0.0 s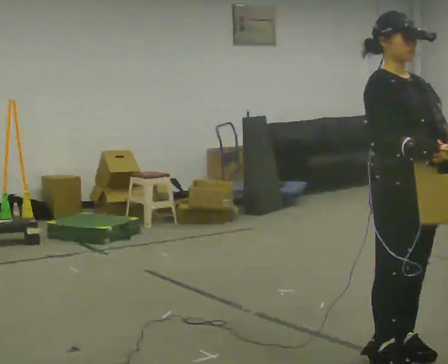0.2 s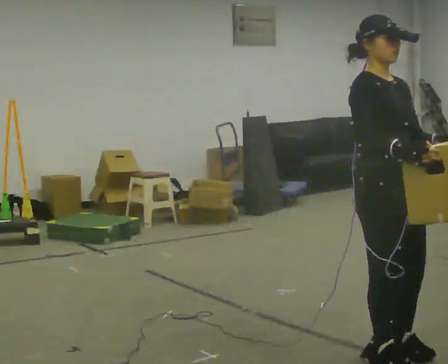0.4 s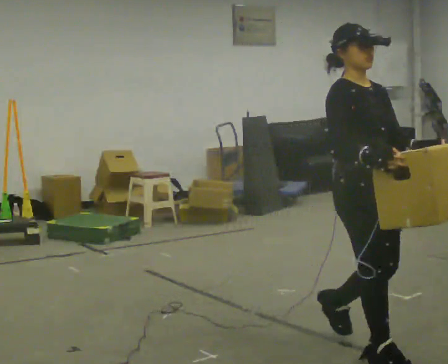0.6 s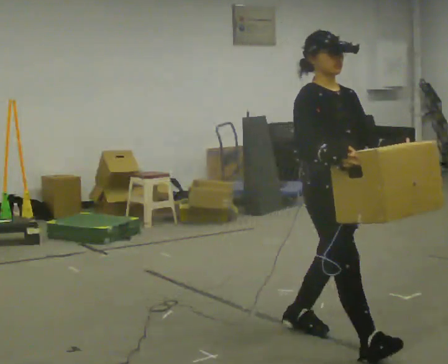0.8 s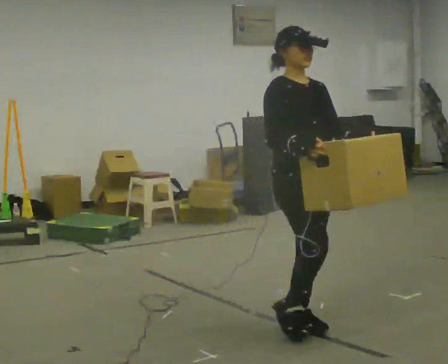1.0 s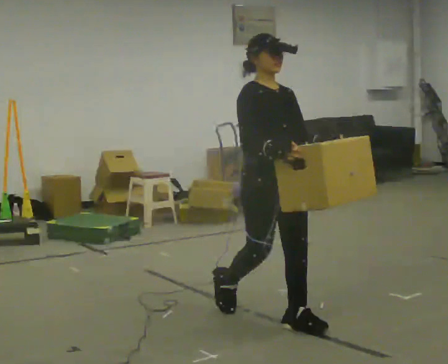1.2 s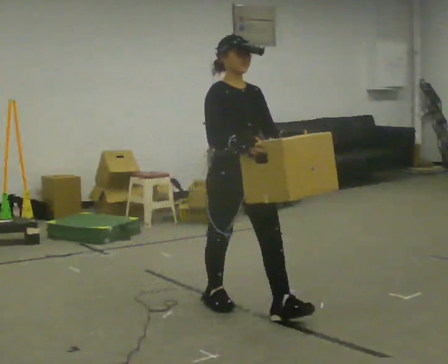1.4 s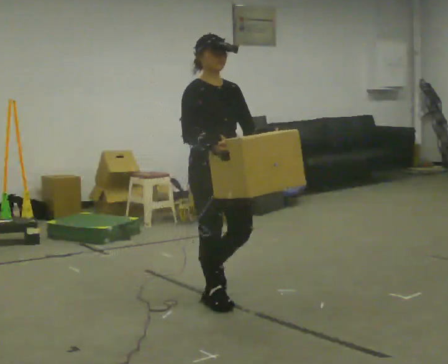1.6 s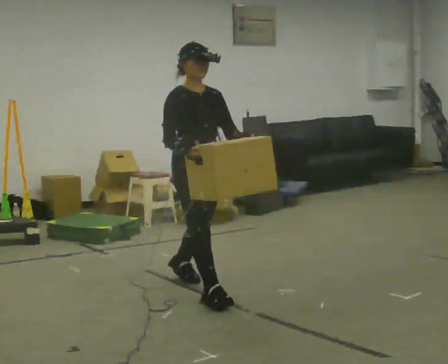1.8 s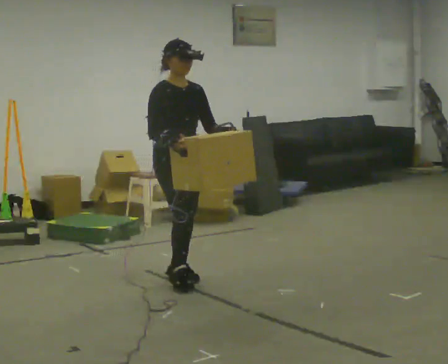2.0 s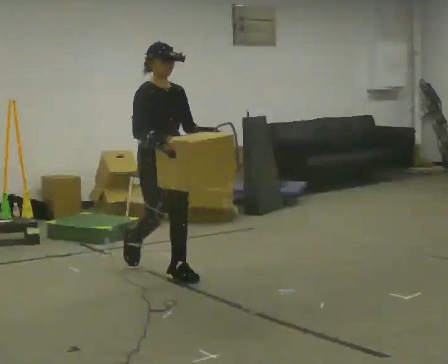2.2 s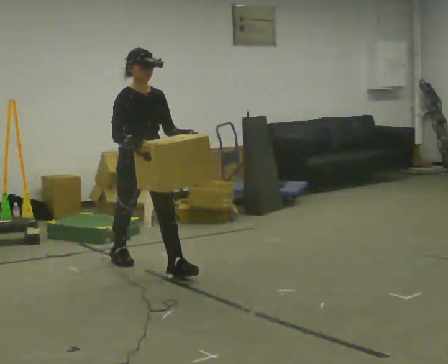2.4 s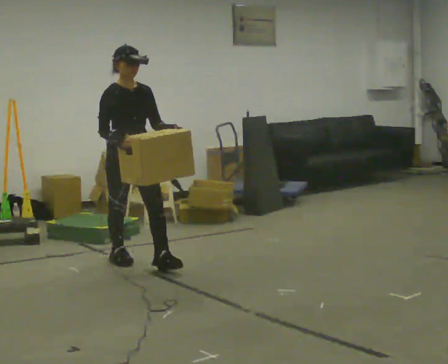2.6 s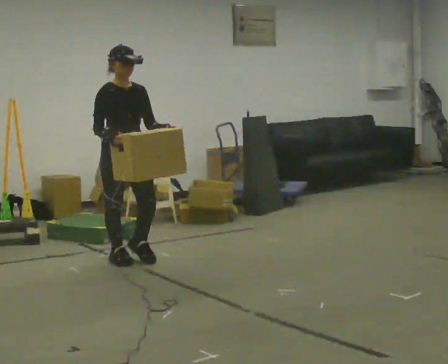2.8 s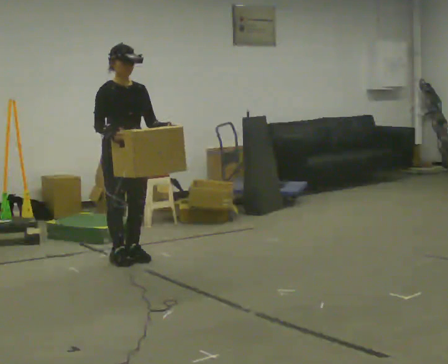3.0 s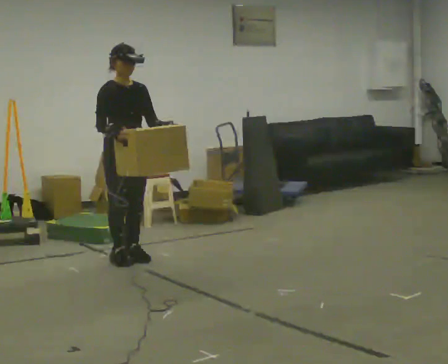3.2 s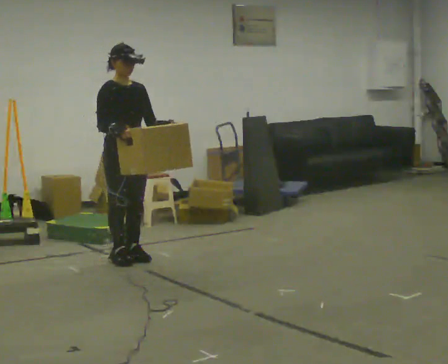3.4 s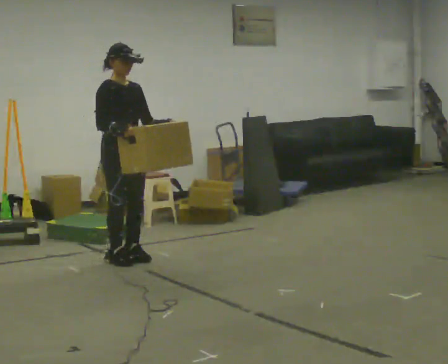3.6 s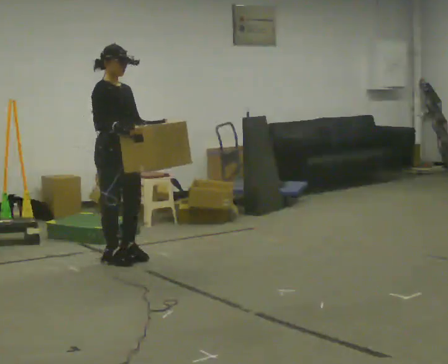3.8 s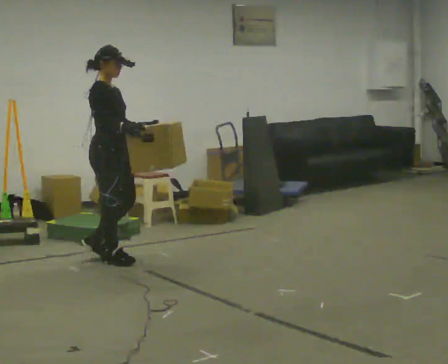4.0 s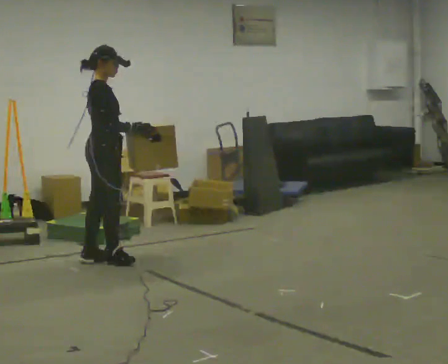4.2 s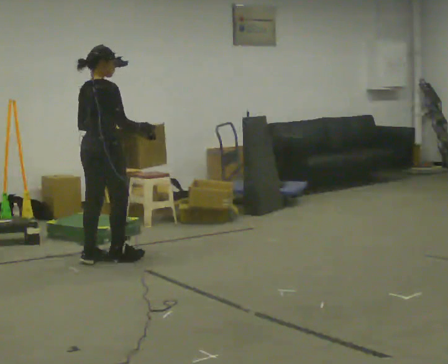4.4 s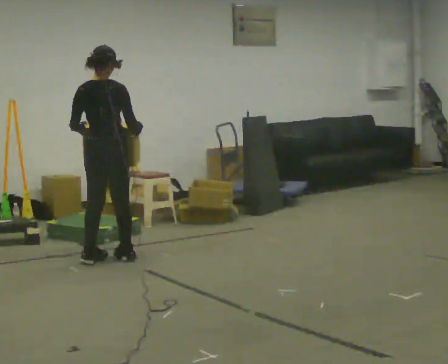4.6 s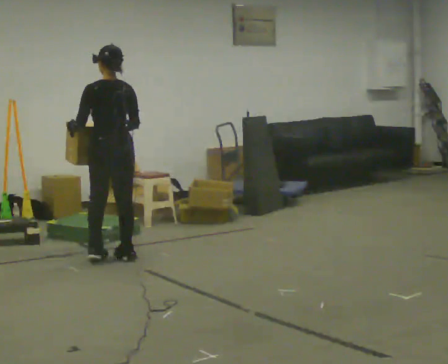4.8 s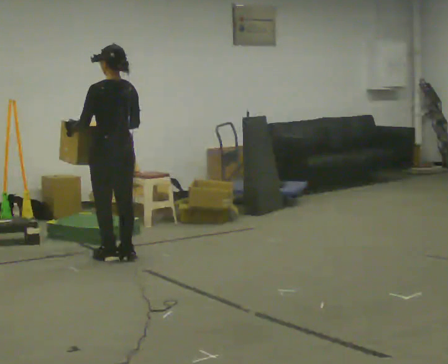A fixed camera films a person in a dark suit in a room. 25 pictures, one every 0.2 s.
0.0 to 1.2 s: In the picture they go away from the camera and to the left, about 1 m in 3 steps, which for them is backward.
1.2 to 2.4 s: In the picture they go away from the camera and to the left, about 1.5 m in 2 steps, which for them is backward.
2.4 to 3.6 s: The person moves a little, or ends about where they began.
3.6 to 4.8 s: The person turns about 150 degrees to their left, counterclockwise seen from above, so the part of the body nearest the lens slides to the right.
The film runs backward here.
